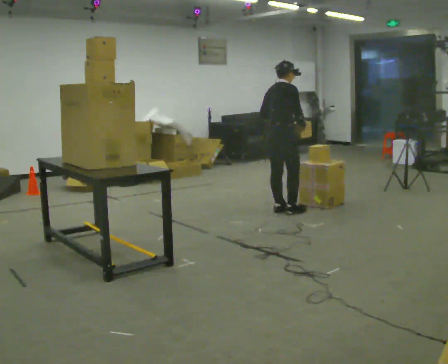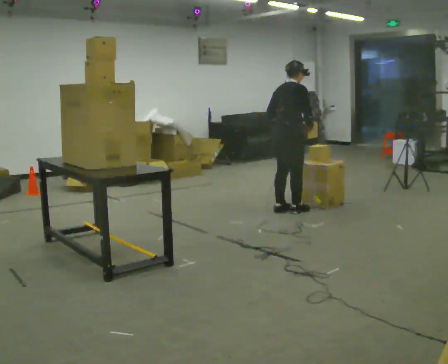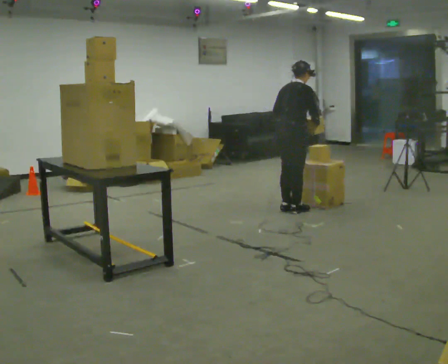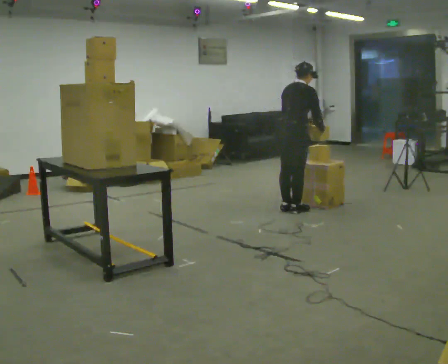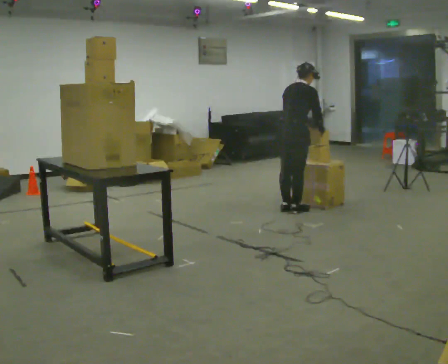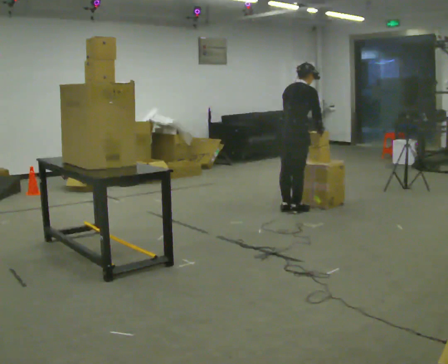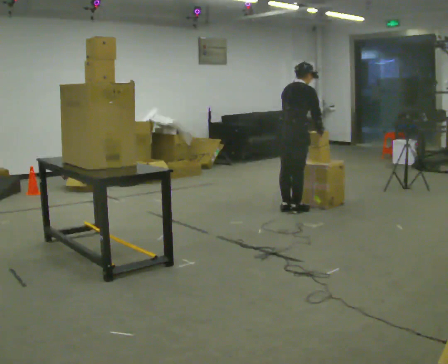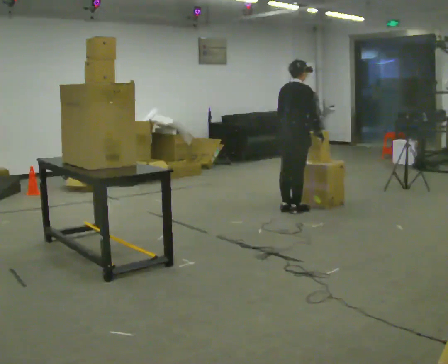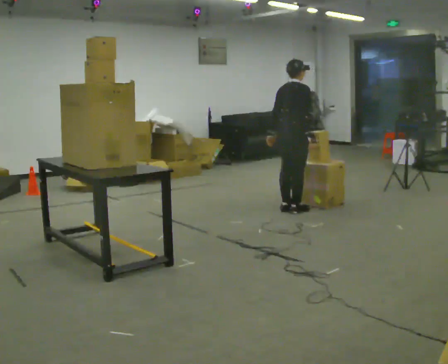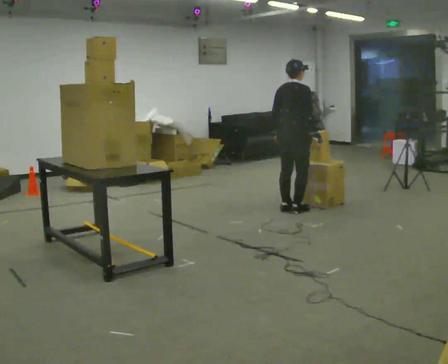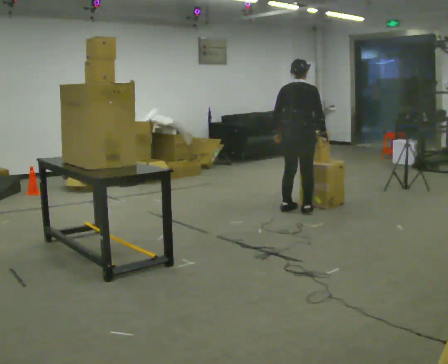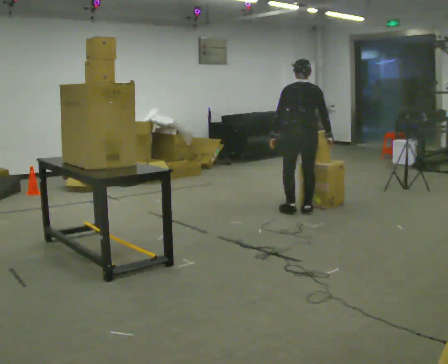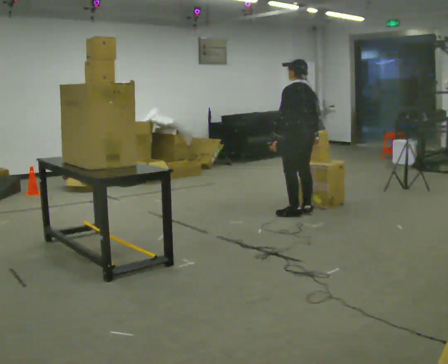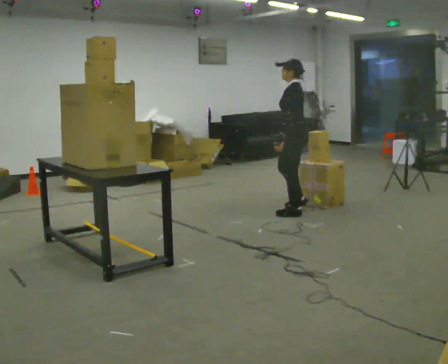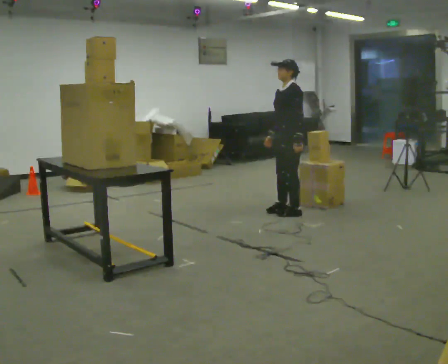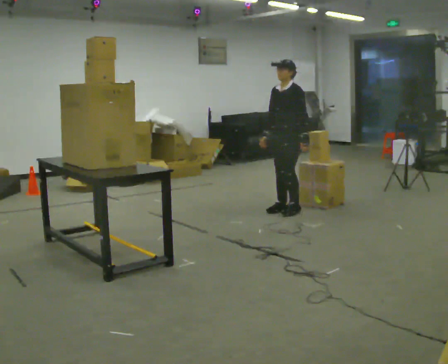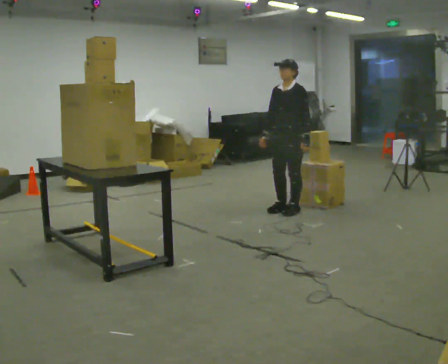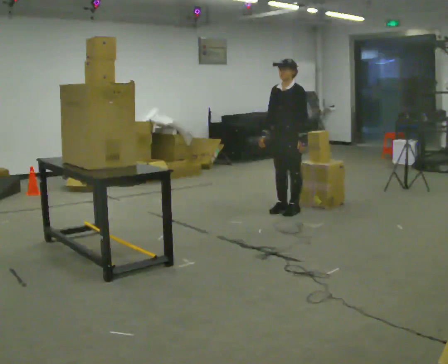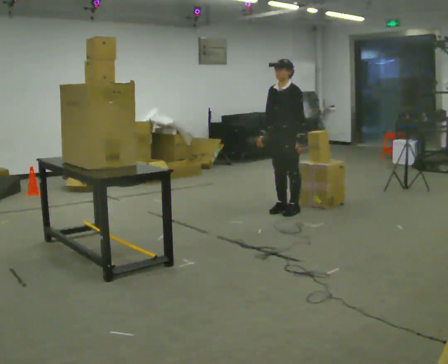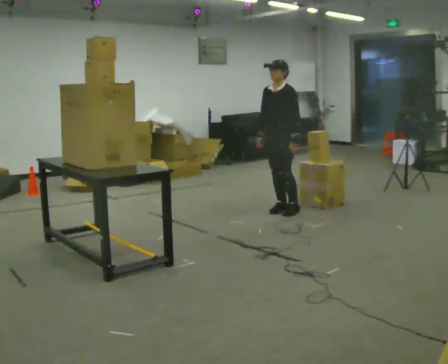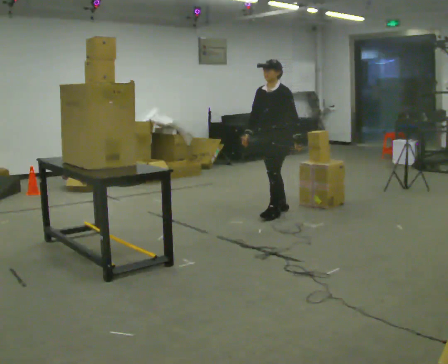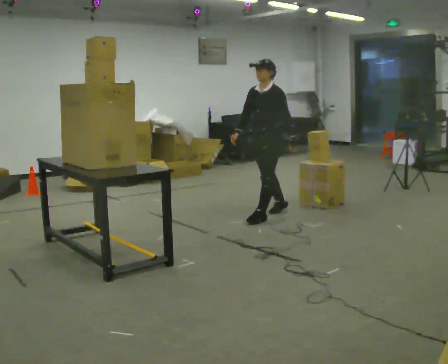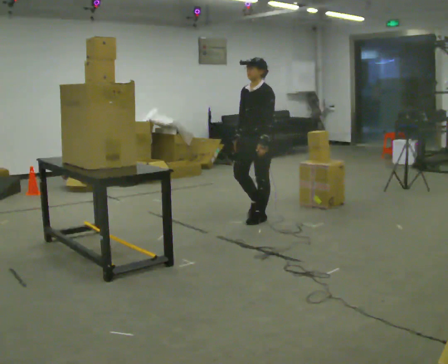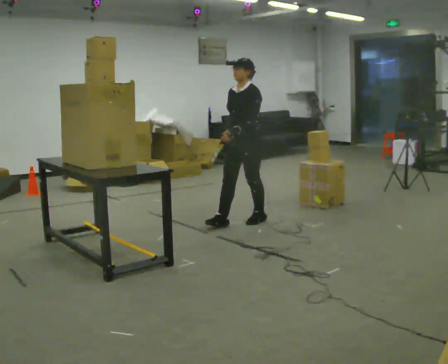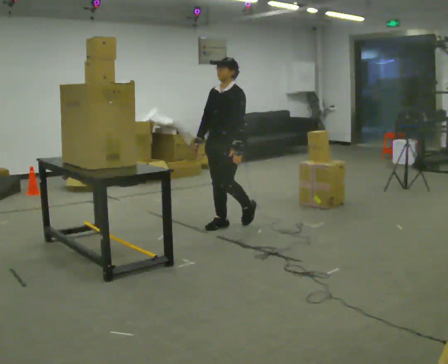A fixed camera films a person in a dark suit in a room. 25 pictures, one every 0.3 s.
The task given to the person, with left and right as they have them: Take an object down from the highest shelf you can comfortably reach, carry it across, and place it on the waist-height shelf. Keep going until the operator says stop; one object at a time, and do not rush between trips.
0.0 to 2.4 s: The person moves a little, or ends about where they began.
2.4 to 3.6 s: The person turns about 90 degrees to their left, counterclockwise seen from above, so the part of the body nearest the lens slides to the right.
3.6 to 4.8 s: Seen from above the body turns counterclockwise, about 90 degrees: to their left, with its near side sliding to the right. In the picture their right hand goes to the left, the arm swinging clockwise.
4.8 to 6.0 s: The person moves a little, or ends about where they began.
6.0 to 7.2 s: In the picture they go toward the camera and to the left, about 0.5 m in 2 steps, which for them is forward.
The film runs forward here.
